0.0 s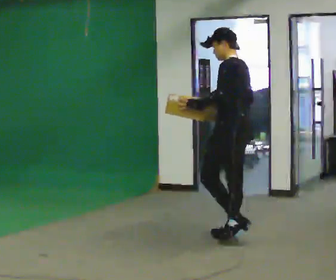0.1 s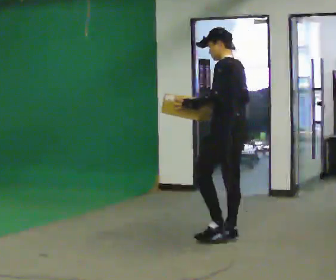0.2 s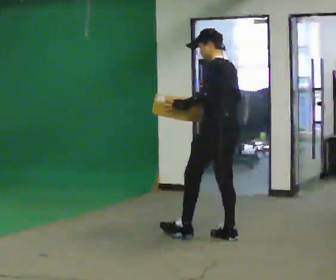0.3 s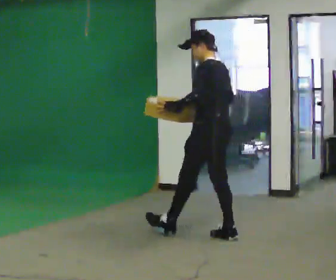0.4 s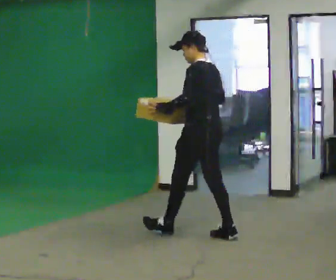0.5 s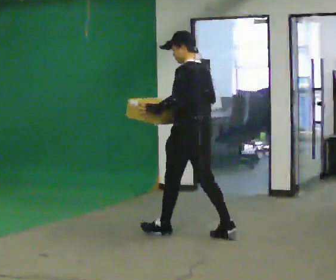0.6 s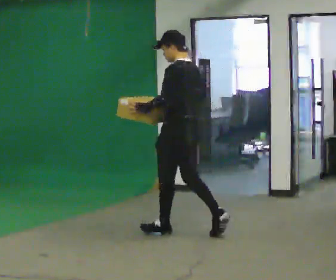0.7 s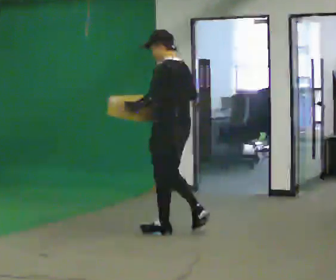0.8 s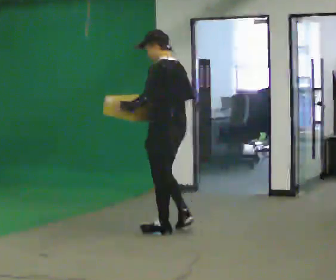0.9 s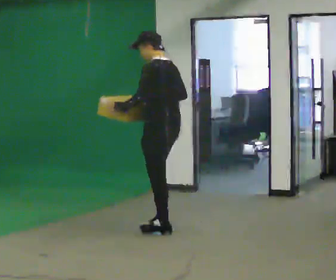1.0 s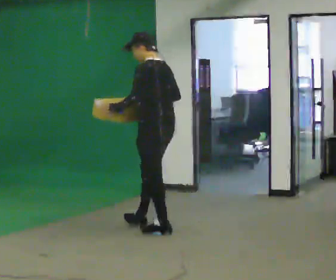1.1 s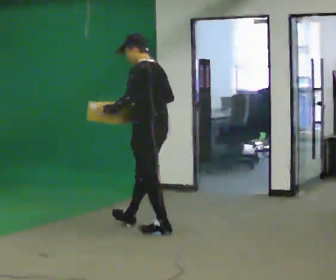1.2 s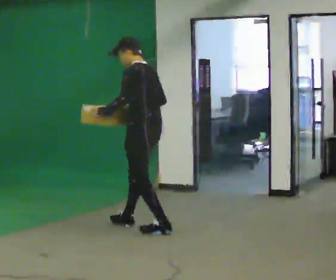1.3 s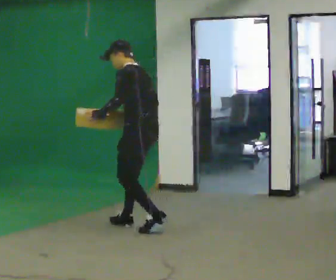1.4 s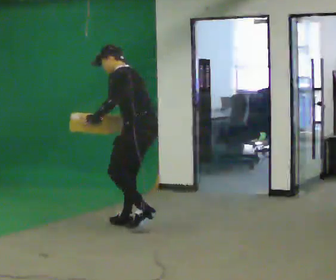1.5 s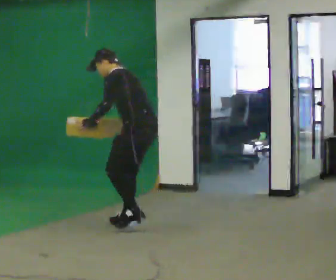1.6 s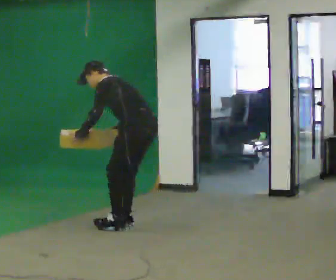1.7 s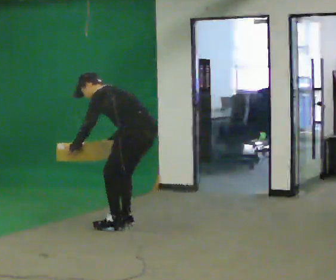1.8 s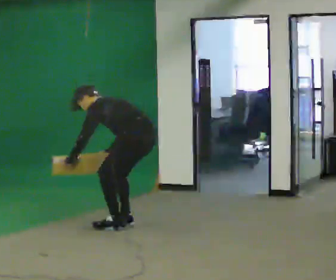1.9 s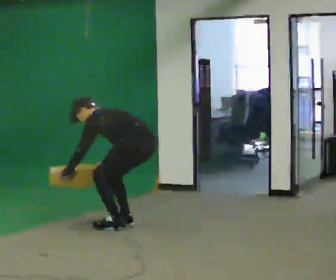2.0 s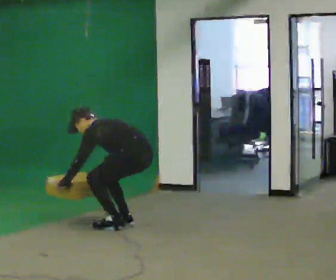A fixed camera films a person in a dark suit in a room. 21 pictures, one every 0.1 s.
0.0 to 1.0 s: In the picture they go to the left and away from the camera, about 0.5 m in 1 step, which for them is forward.
1.0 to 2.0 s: In the picture they go to the left and away from the camera, about 0.25 m in 2 steps, which for them is forward. The shoulders move downward. In the picture the upper body tilts counterclockwise, shoulders to the left, as they bend forward. In the picture their right hand goes downward.
The film runs forward here.
